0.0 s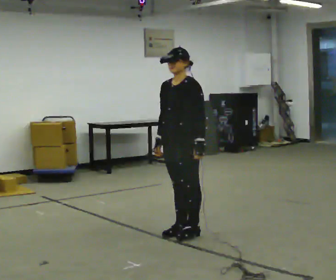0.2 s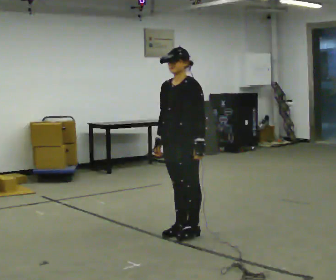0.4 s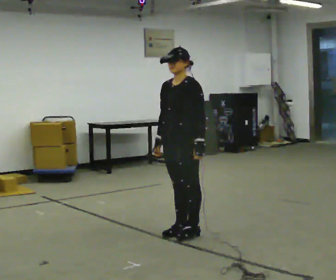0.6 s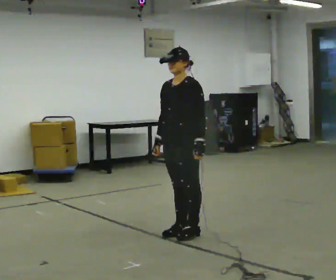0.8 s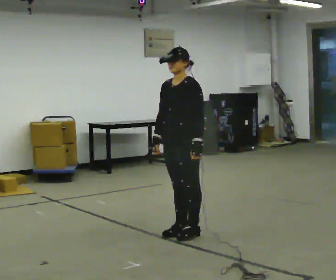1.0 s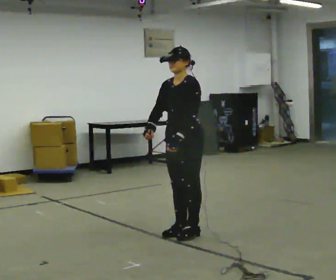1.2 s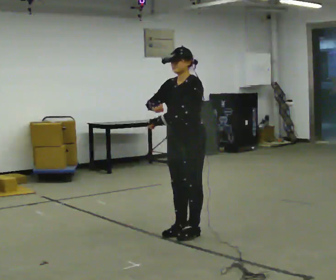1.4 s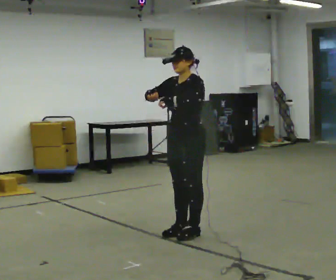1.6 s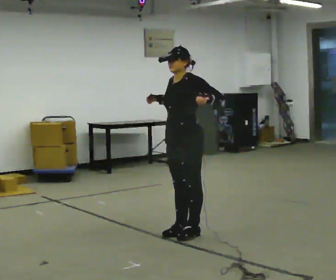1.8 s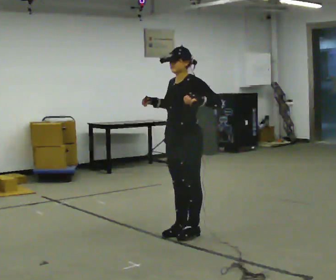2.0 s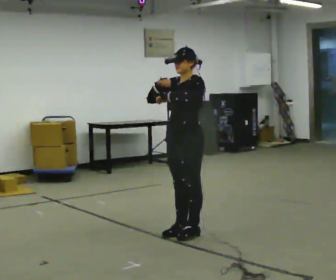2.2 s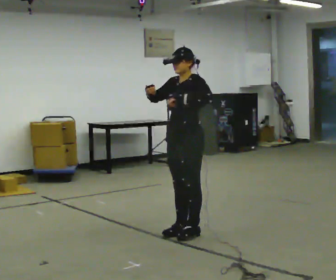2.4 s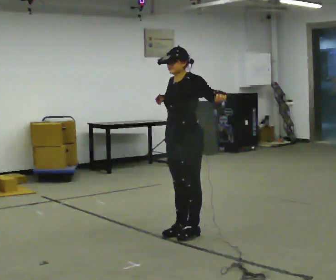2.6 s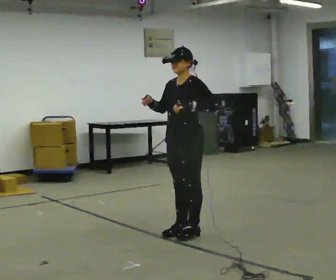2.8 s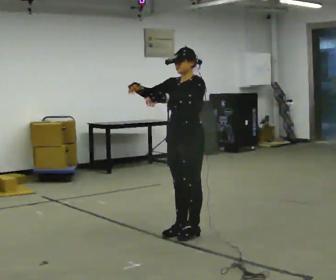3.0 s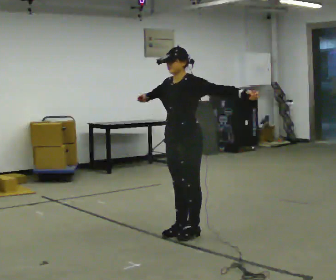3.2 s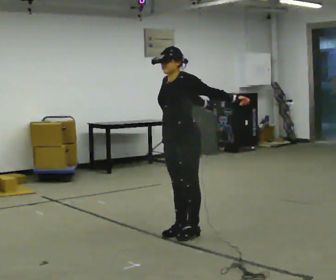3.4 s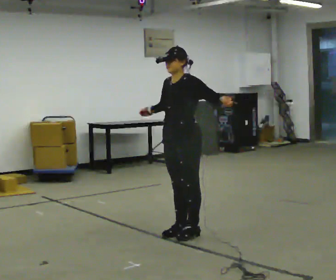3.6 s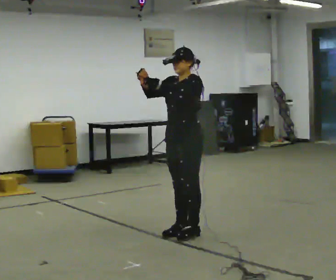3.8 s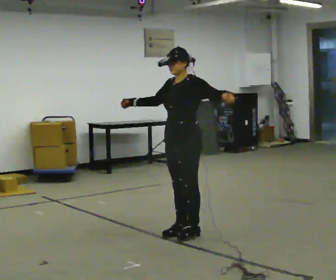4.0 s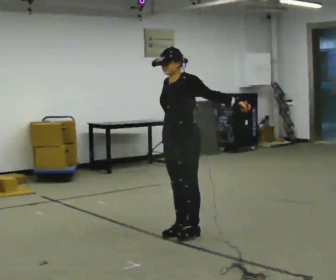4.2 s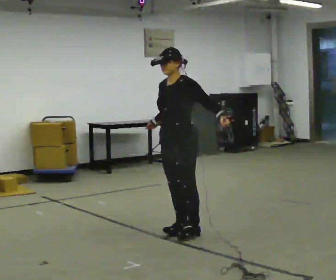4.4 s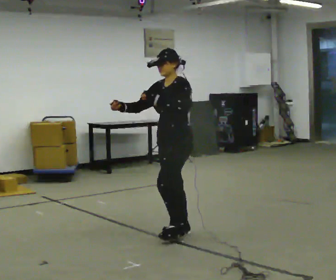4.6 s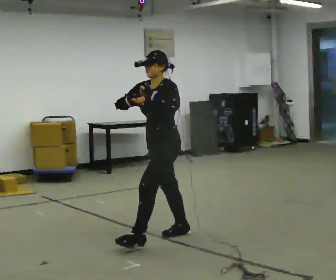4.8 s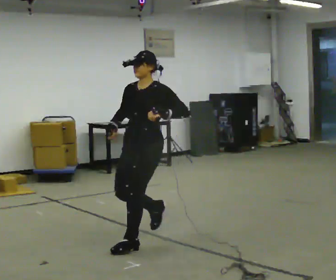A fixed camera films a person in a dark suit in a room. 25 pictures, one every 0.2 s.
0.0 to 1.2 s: The person moves a little, or ends about where they began.
1.2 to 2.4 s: In the picture their left hand goes to the right.
2.4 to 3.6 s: In the picture their left hand goes to the left.
3.6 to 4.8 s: In the picture they go to the left and toward the camera, about 0.5 m in 1 step, which for them is forward. In the picture their right hand goes downward.
The film runs forward here.
